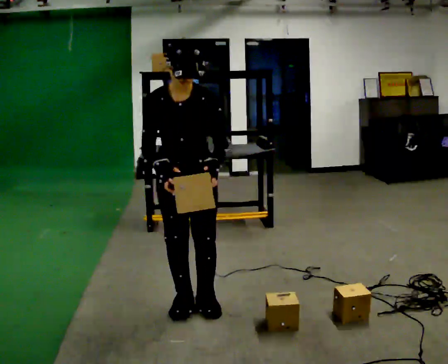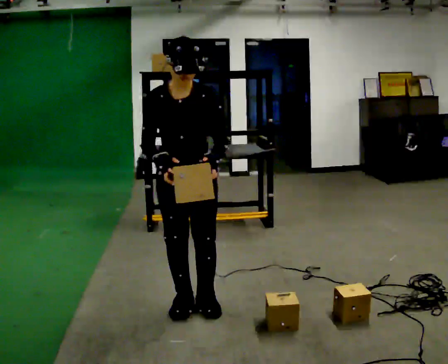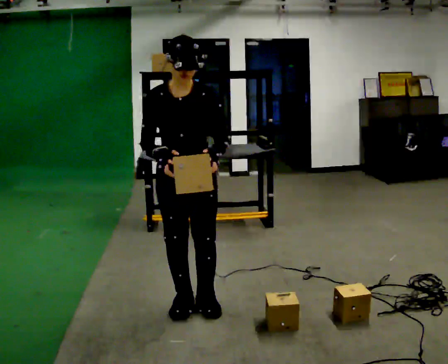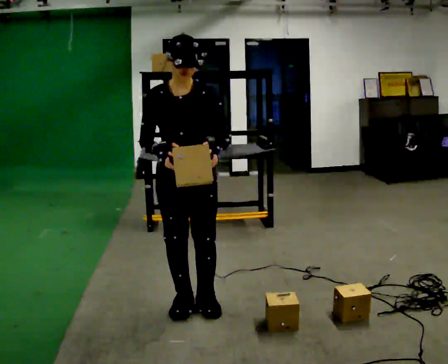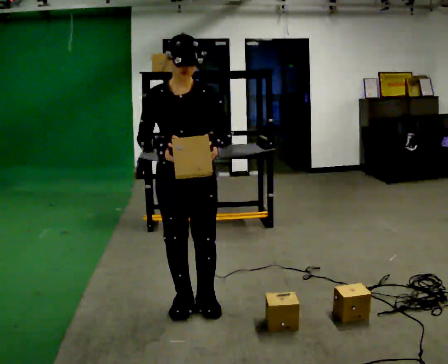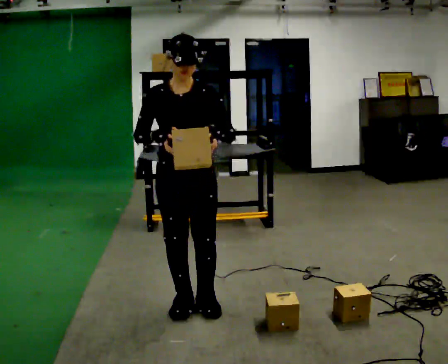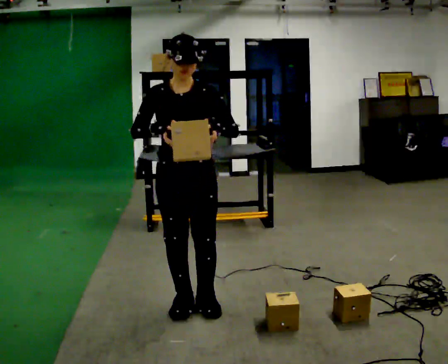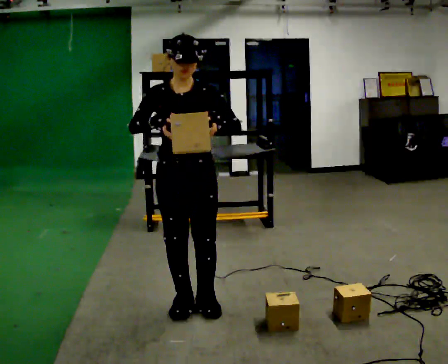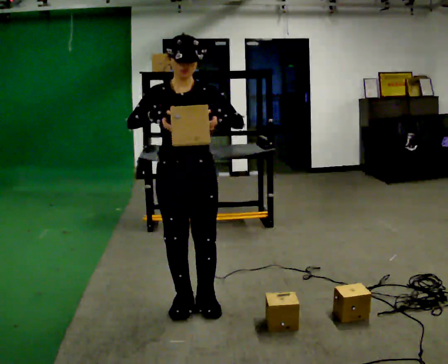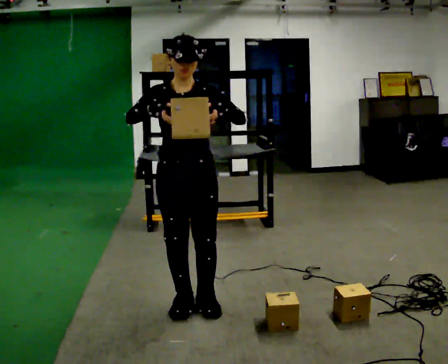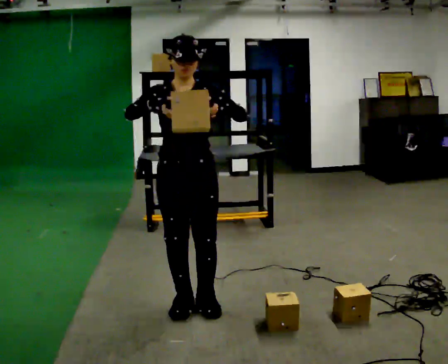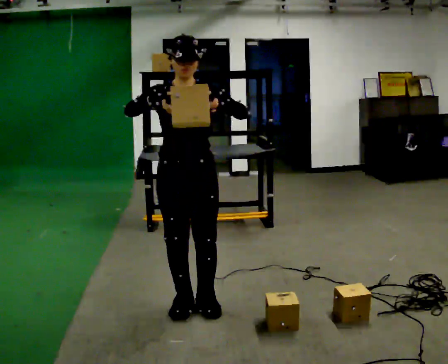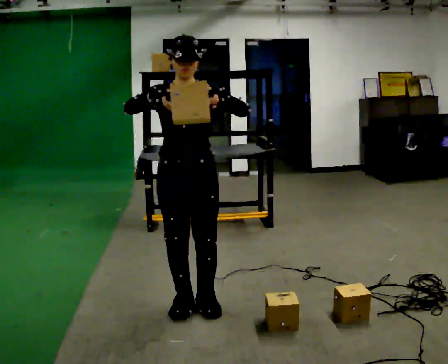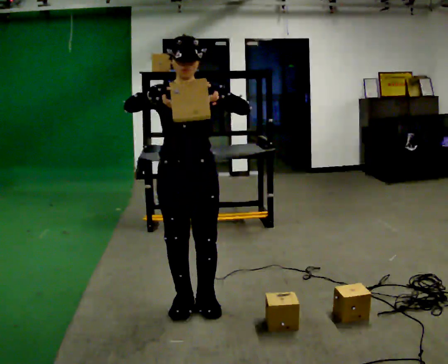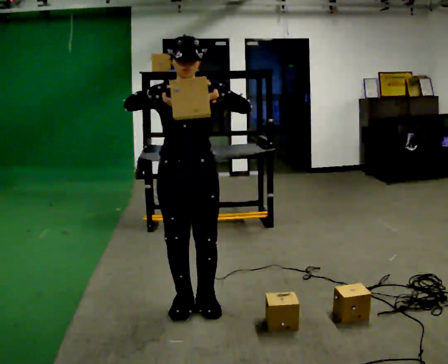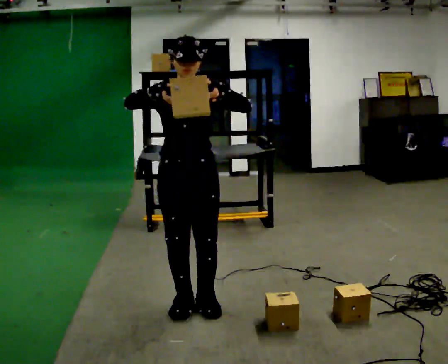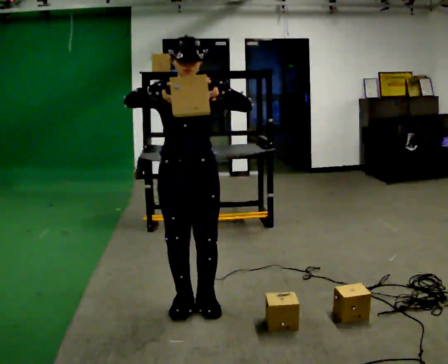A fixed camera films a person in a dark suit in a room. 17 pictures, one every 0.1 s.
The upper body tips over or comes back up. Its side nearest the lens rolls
upward.
0.0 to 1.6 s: The upper body tips away from the camera, its near side rolling upward, as they lean back or straighten. In the picture their right hand goes upward.
The film runs forward here.
